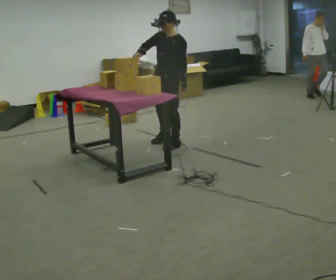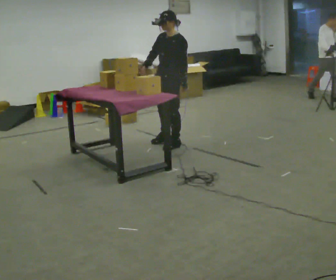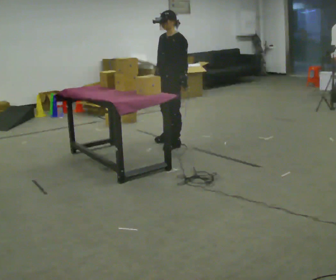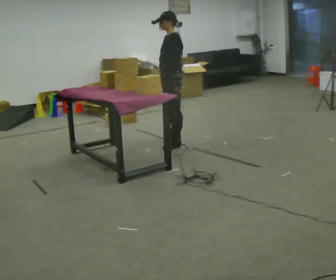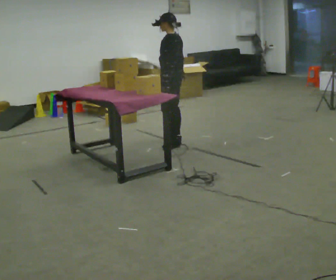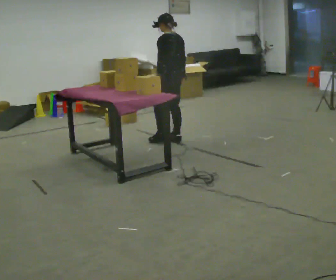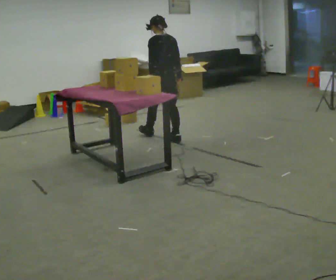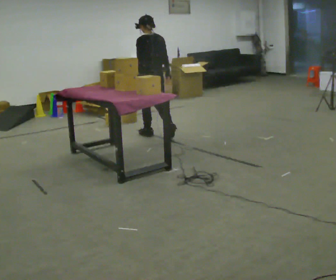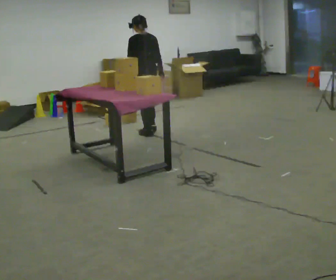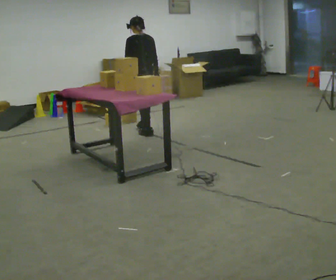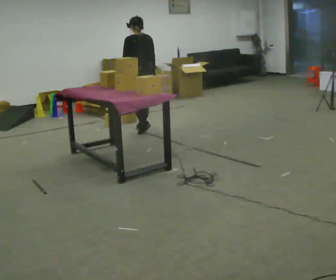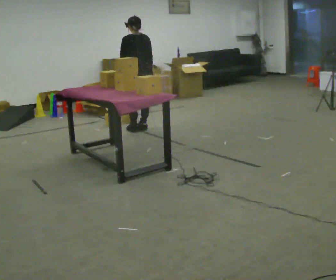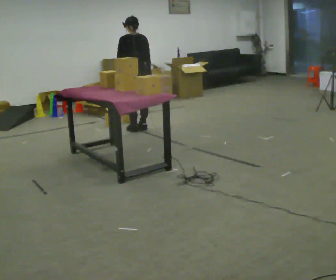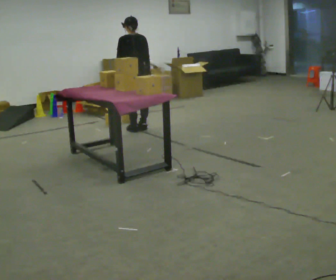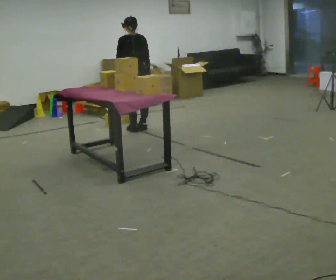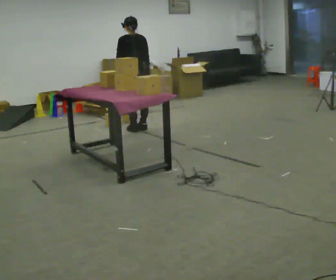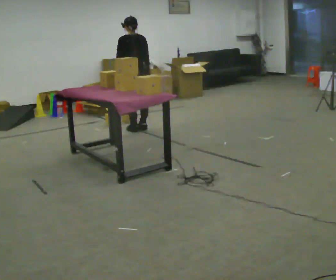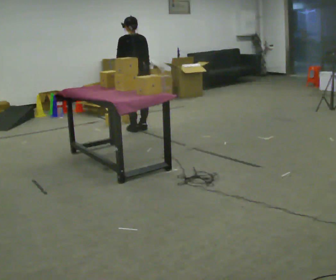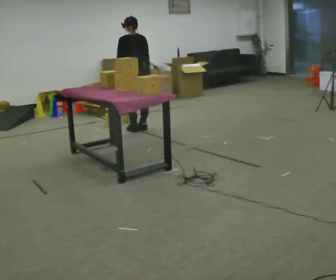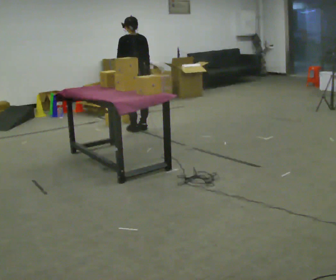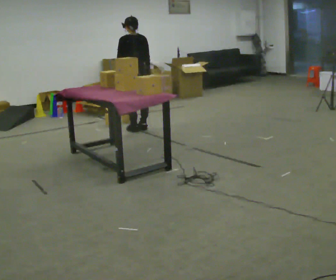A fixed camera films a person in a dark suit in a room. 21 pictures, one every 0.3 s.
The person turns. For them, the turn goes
to their right.
The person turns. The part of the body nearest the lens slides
to the left.
0.0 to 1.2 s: Seen from above the body turns clockwise, about 60 degrees: to their right, with its near side sliding to the left. In the picture they go away from the camera, about 0.25 m, which for them is to their right and backward. In the picture their right hand goes to the right and downward, the arm swinging counterclockwise.
1.2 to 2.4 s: The part of the body nearest the lens slides to the left as the person turns to their right by about 30 degrees. In the picture they go away from the camera and to the left, about 0.5 m in 1 step, which for them is forward.
2.4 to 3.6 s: In the picture they go away from the camera, about 0.25 m in 2 steps, which for them is forward.
3.6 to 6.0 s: The person keeps their place and pose.
The film runs forward here.
